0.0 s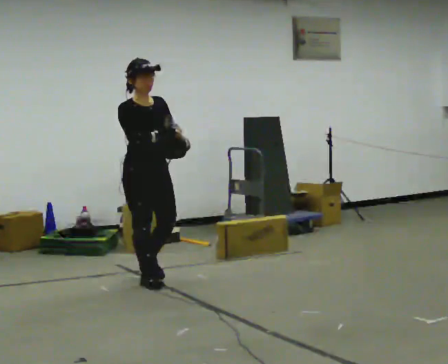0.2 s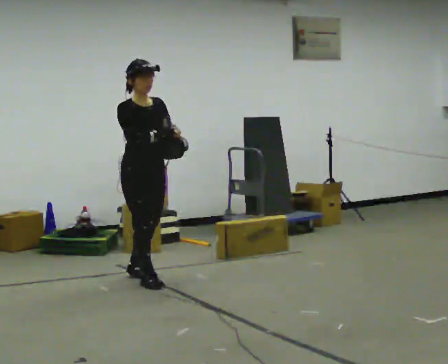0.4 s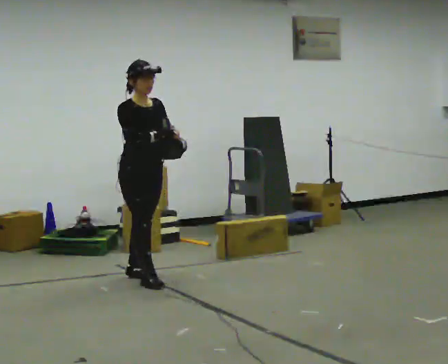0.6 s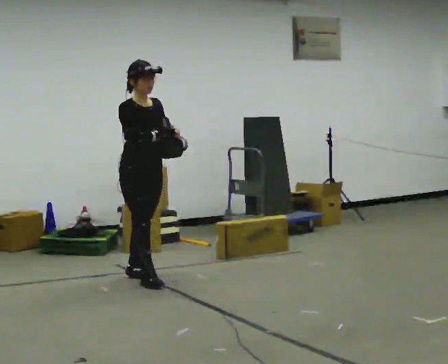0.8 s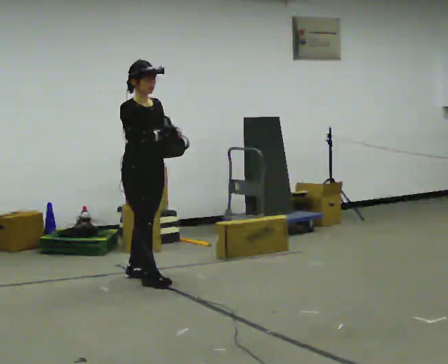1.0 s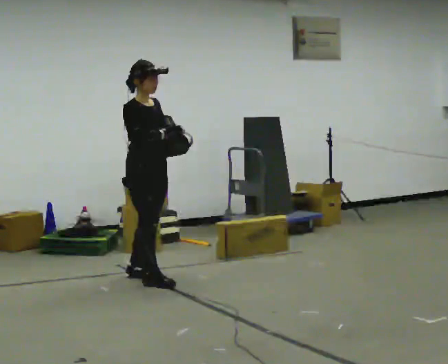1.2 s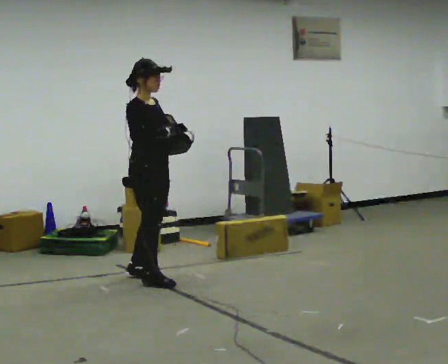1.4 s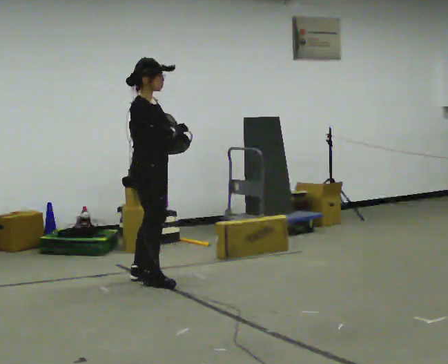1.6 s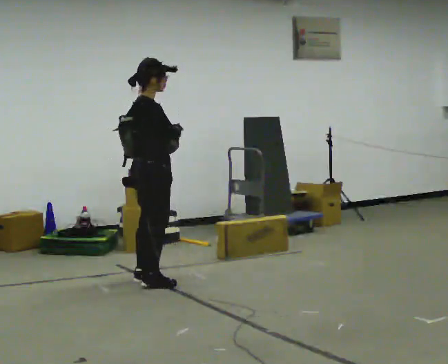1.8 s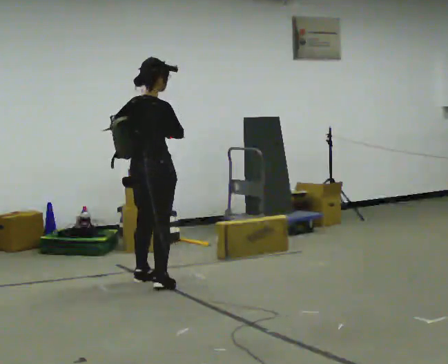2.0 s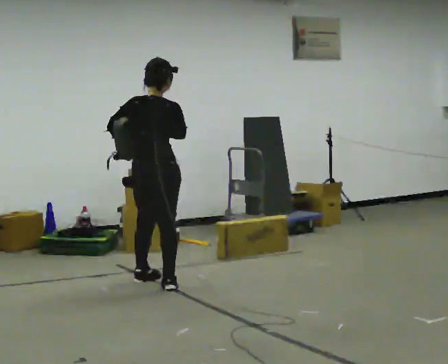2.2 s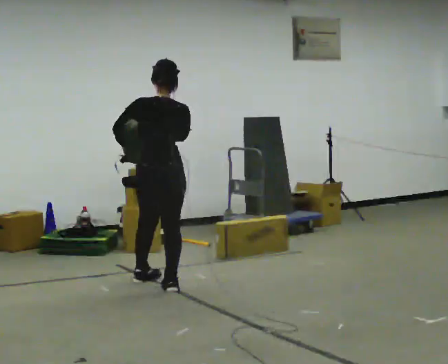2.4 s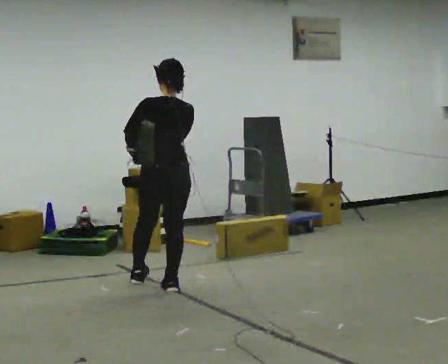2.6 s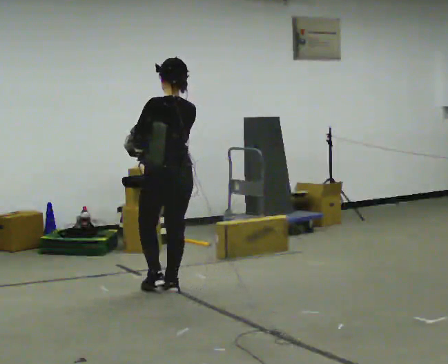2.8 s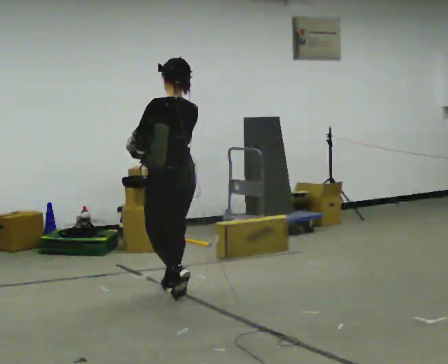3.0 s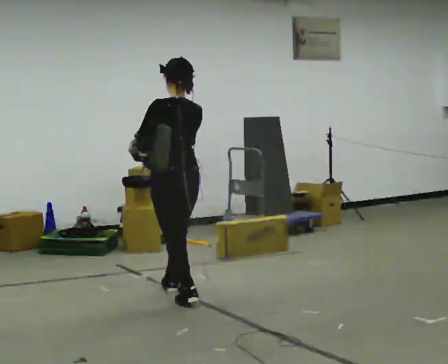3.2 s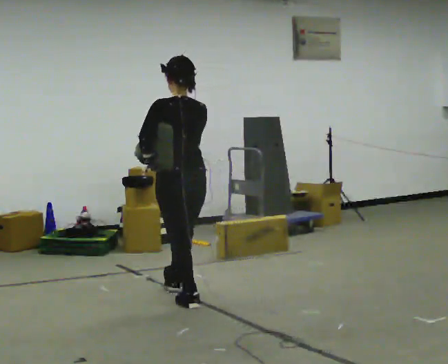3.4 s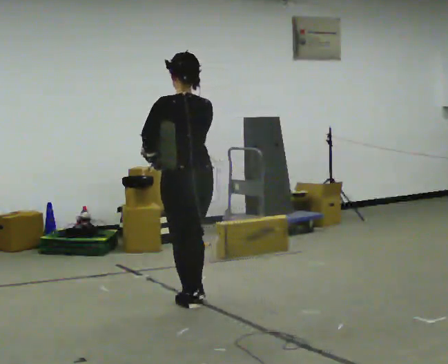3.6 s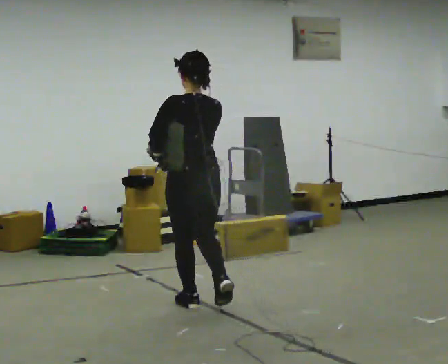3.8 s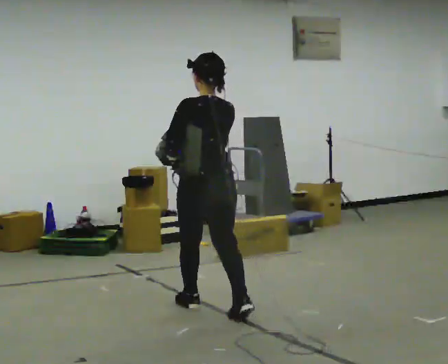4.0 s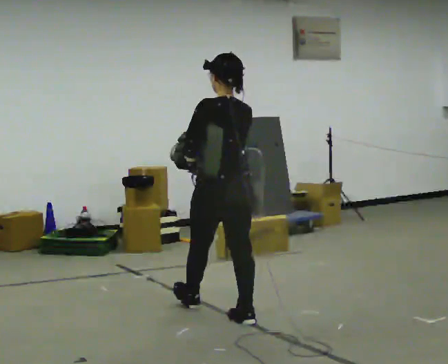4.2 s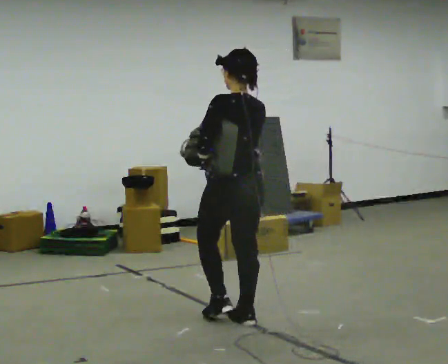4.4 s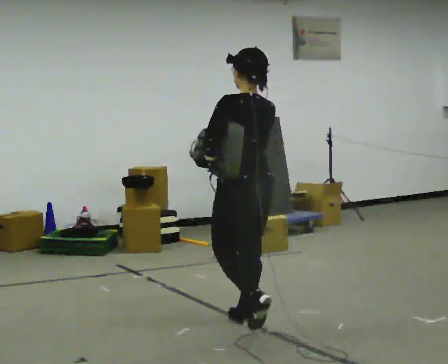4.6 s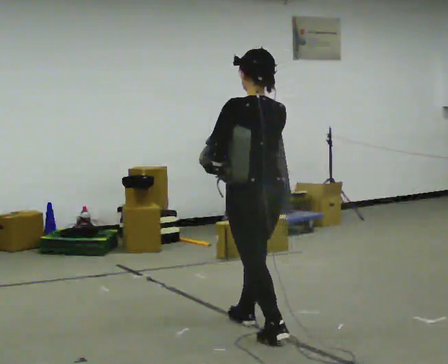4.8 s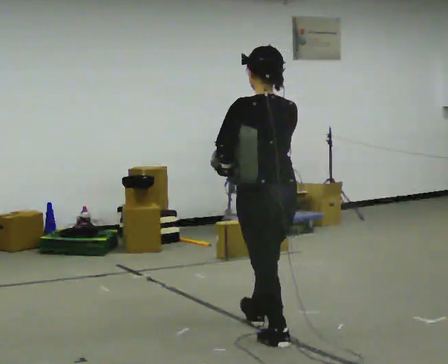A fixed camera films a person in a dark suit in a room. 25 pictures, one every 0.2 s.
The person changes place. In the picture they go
toward the camera.
The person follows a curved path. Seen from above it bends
clockwise.
0.0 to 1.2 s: The person moves a little, or ends about where they began.
1.2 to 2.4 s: Seen from above the body turns counterclockwise, about 135 degrees: to their left, with its near side sliding to the right. In the picture they go toward the camera and to the right, about 0.25 m in 3 steps.
2.4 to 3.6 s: In the picture they go toward the camera and to the right, about 0.5 m in 1 step, which for them is backward.
3.6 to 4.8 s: In the picture they go toward the camera and to the right, about 1 m in 2 steps, which for them is backward.
The film runs backward here.
